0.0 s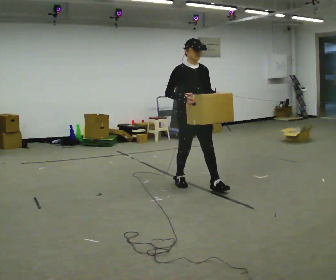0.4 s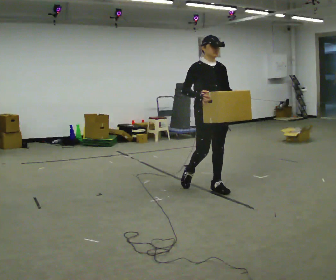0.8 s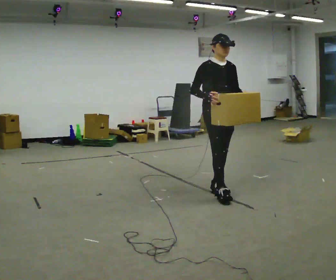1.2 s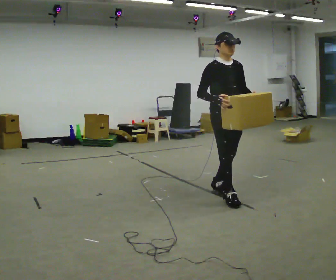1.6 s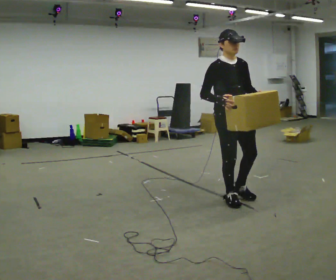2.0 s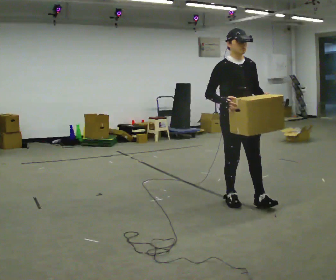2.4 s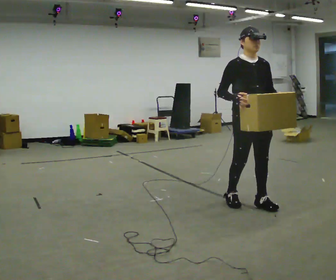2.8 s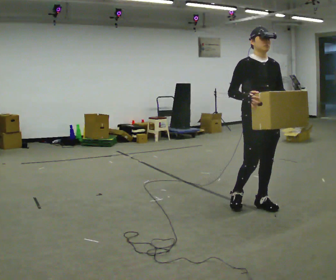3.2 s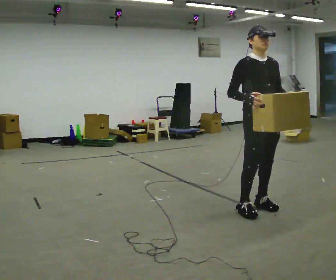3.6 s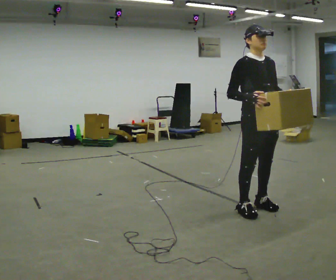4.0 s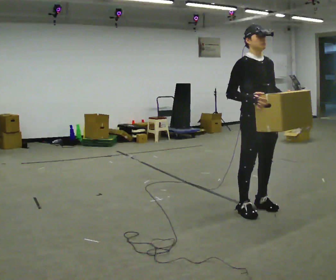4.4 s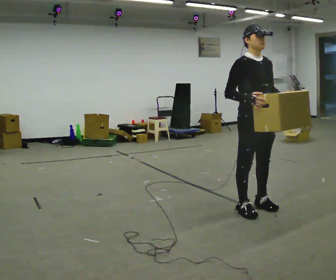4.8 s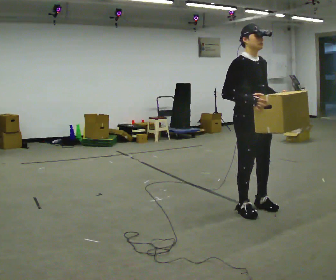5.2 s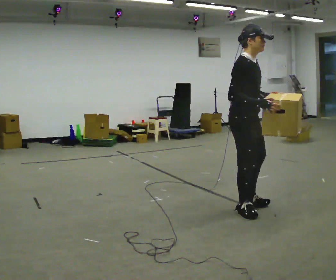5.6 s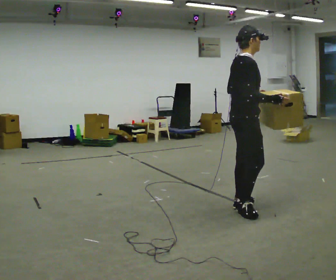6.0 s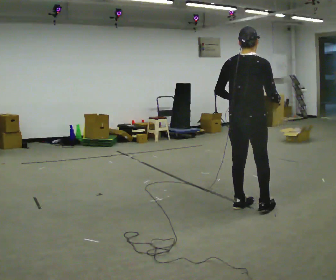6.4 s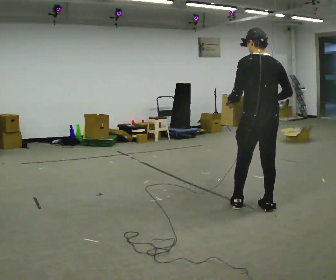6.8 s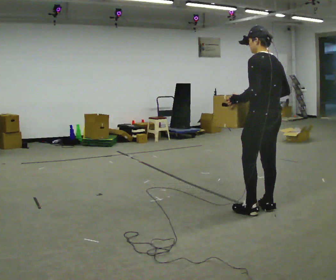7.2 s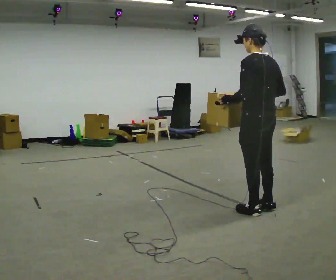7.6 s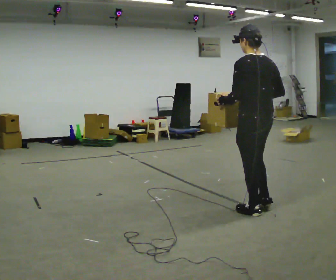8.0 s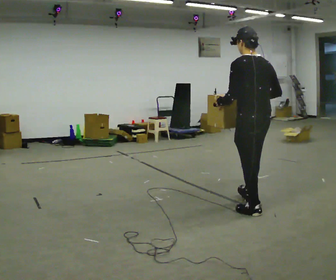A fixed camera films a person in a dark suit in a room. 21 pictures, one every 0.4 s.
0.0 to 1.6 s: In the picture they go to the right and toward the camera, about 0.75 m in 1 step, which for them is forward.
1.6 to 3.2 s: In the picture they go to the right and toward the camera, about 0.25 m in 2 steps, which for them is forward and to their left.
3.2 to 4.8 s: The person moves a little, or ends about where they began.
4.8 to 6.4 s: The person turns about 150 degrees to their left, counterclockwise seen from above, so the part of the body nearest the lens slides to the right. In the picture their left hand goes to the left.
6.4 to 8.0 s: The person moves a little, or ends about where they began.
The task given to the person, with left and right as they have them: Carry the box across the room much more slowly and carefully than normal, back and forth.
The film runs forward here.
